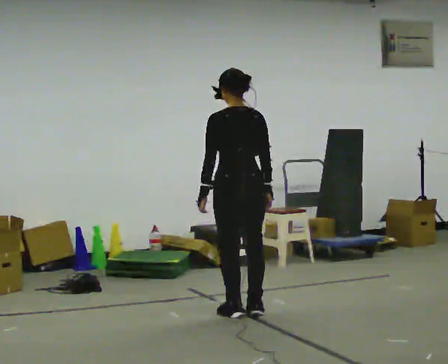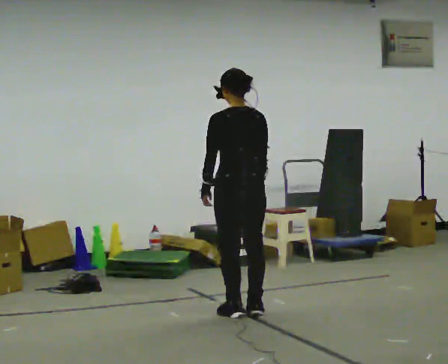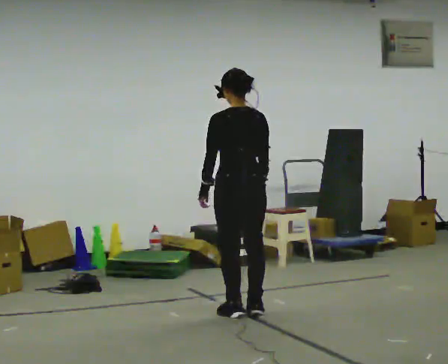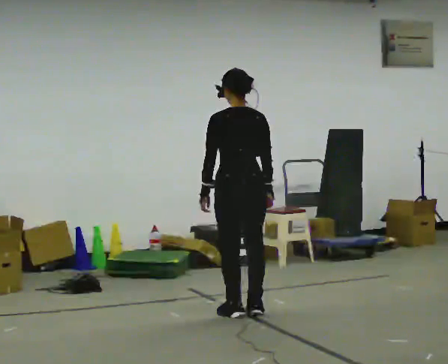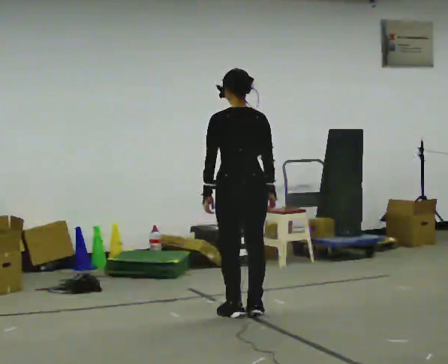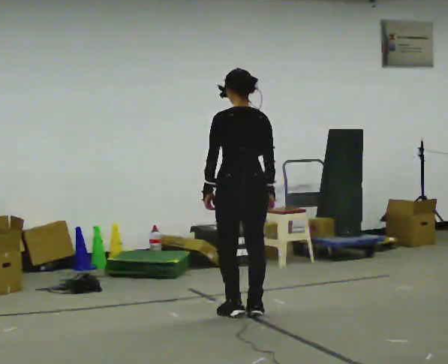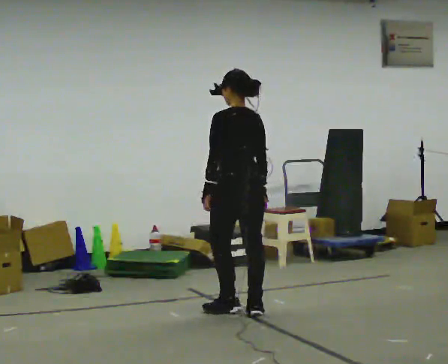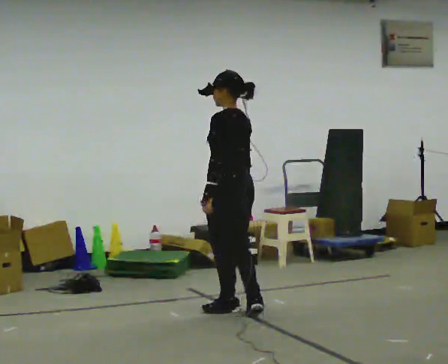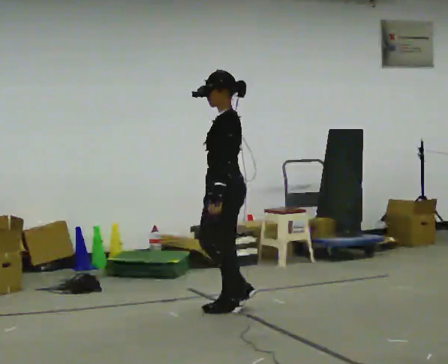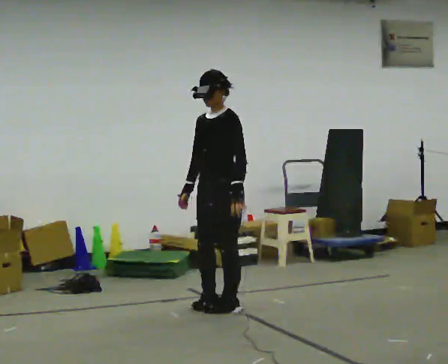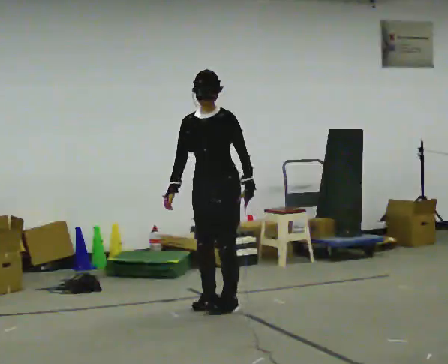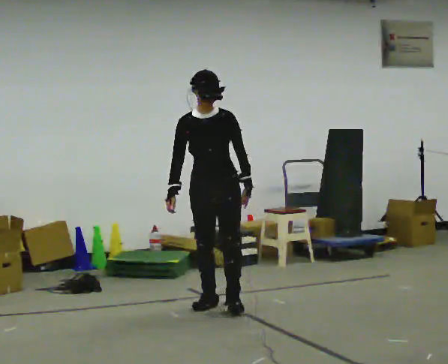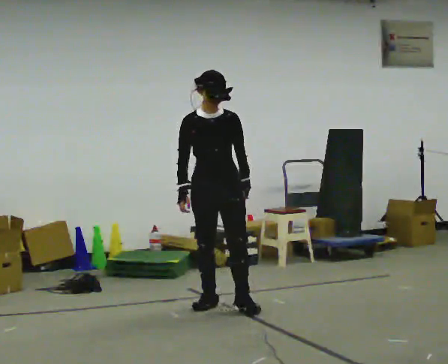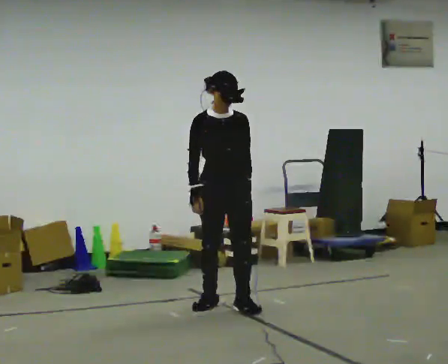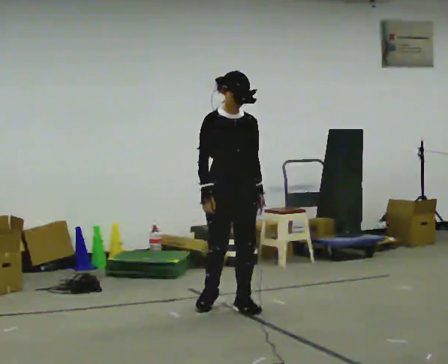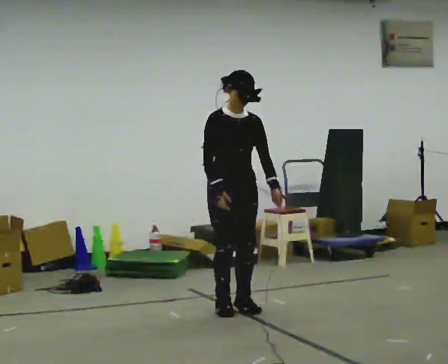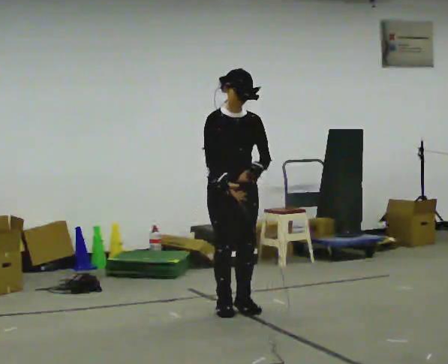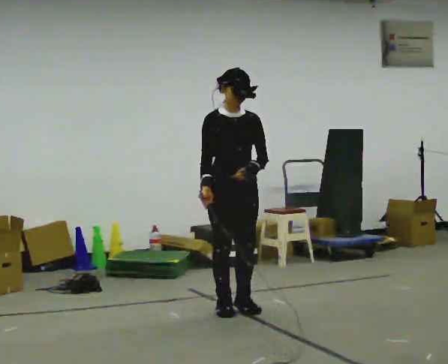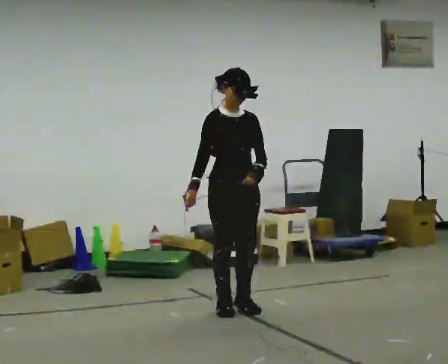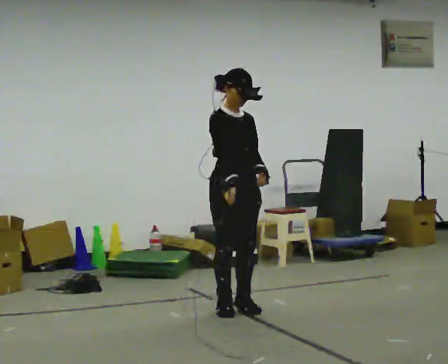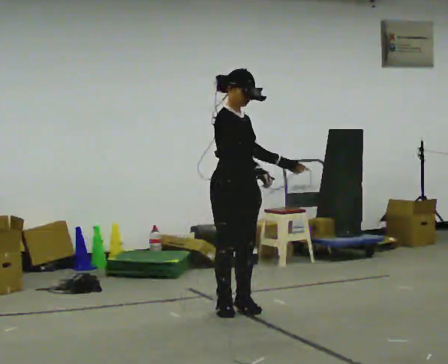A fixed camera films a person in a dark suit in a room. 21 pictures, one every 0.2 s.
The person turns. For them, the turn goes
to their left.
The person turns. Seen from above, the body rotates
counterclockwise.
0.0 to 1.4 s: Seen from above the body turns counterclockwise, about 45 degrees: to their left, with its near side sliding to the right.
1.4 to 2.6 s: The person turns about 135 degrees to their left, counterclockwise seen from above, so the part of the body nearest the lens slides to the right.
2.6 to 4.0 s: The person turns about 30 degrees to their left, counterclockwise seen from above, so the part of the body nearest the lens slides to the right. In the picture their right hand goes to the right.
The film runs forward here.
